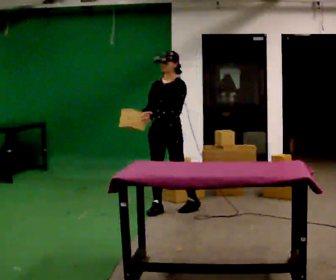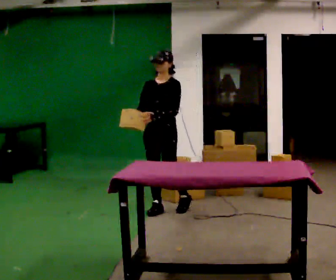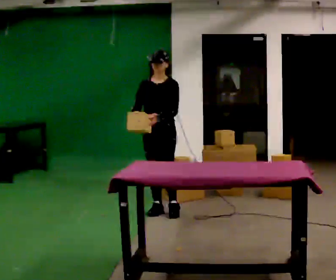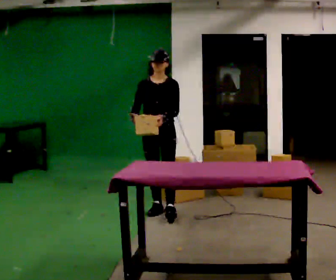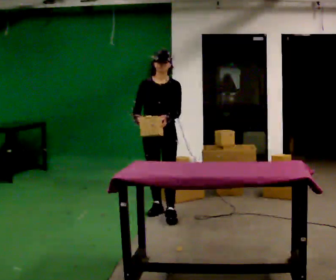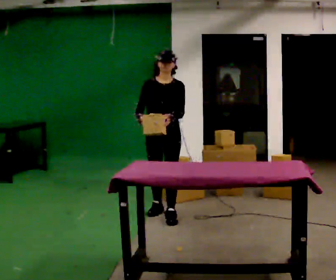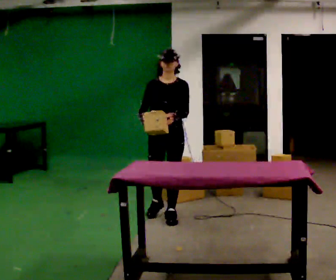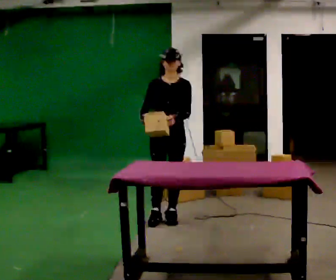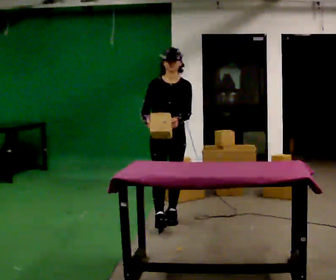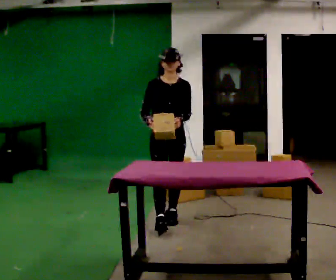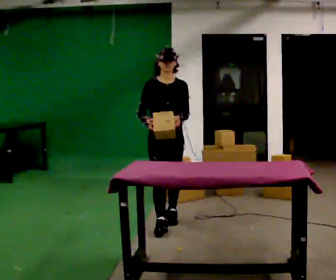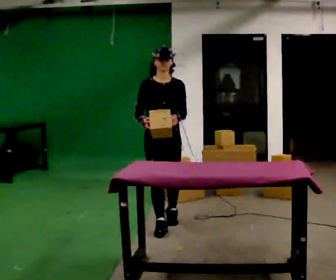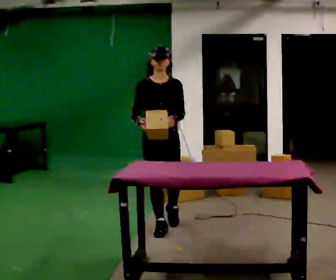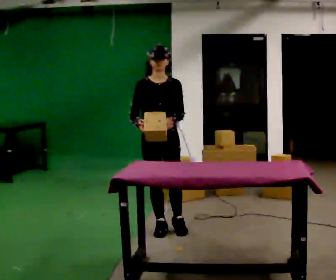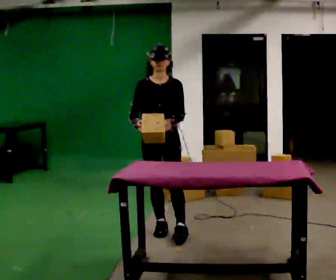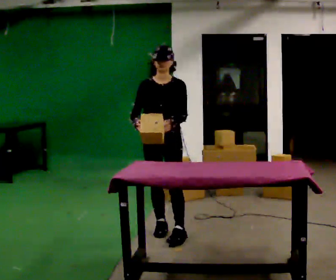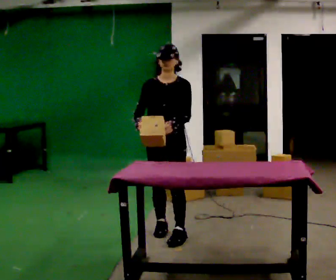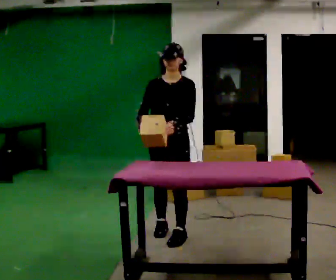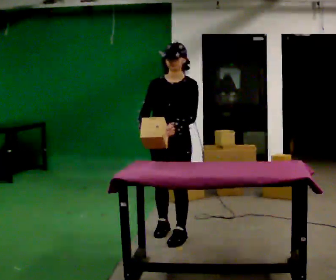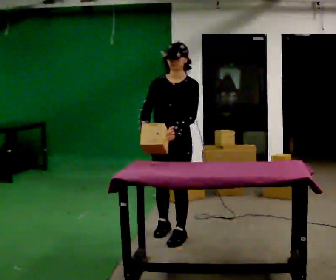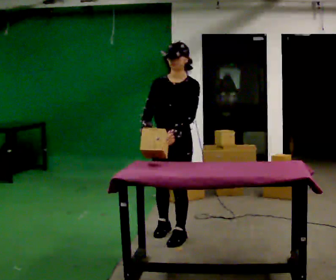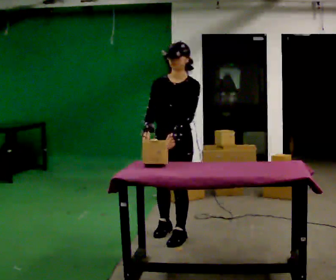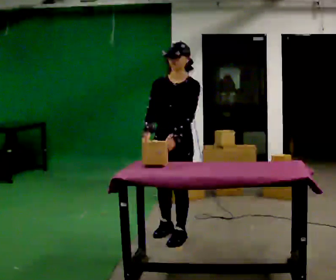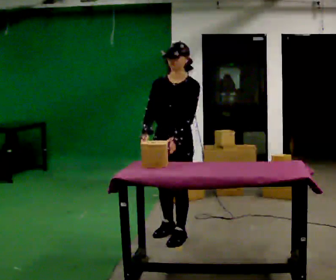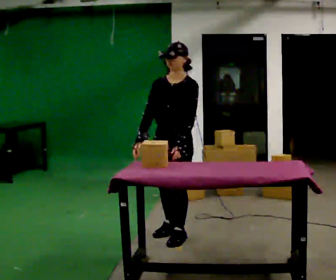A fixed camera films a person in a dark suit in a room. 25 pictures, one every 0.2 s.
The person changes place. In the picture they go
toward the camera.
0.0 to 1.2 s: Seen from above the body turns counterclockwise, about 30 degrees: to their left, with its near side sliding to the right. In the picture they go toward the camera, about 0.25 m in 1 step, which for them is forward.
1.2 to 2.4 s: In the picture they go toward the camera, about 0.25 m in 1 step, which for them is forward.
2.4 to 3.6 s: The part of the body nearest the lens slides to the left as the person turns to their right by about 30 degrees. In the picture they go toward the camera, about 0.25 m in 1 step, which for them is forward and to their left.
3.6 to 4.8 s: The person moves a little, or ends about where they began.
The film runs forward here.
